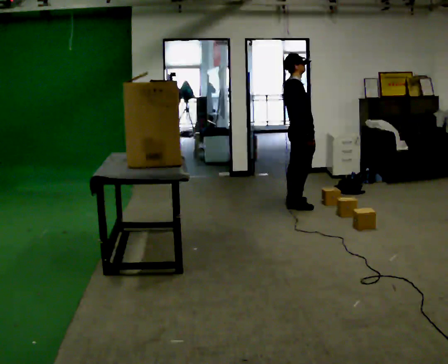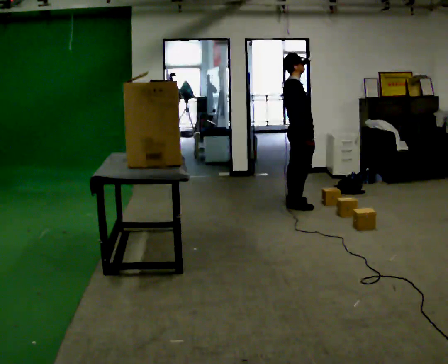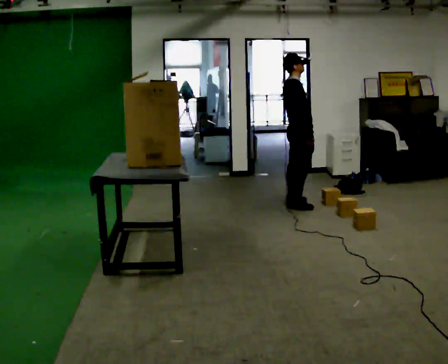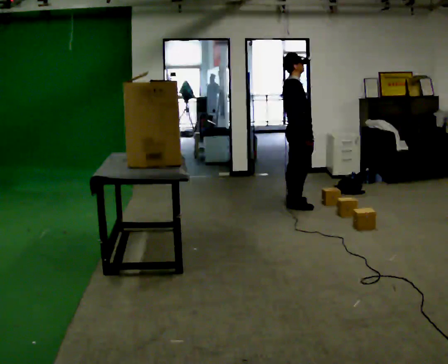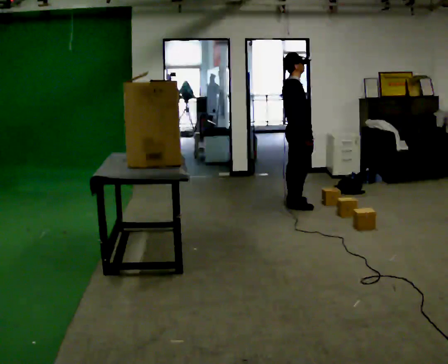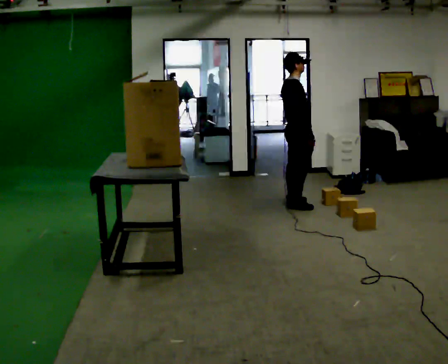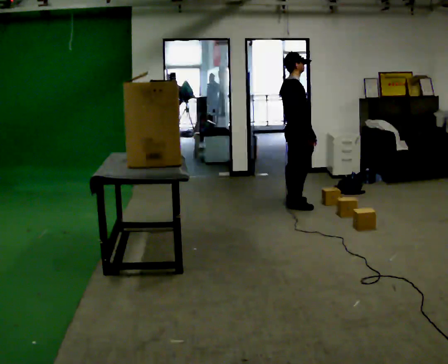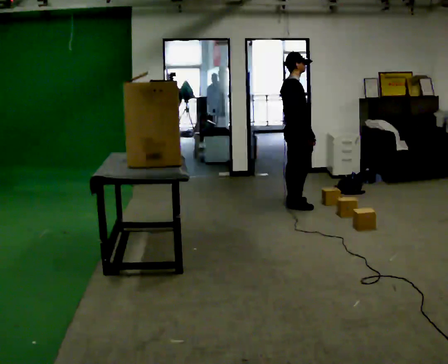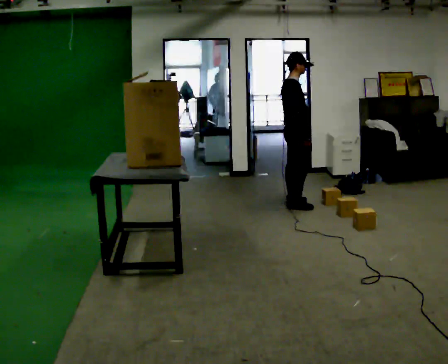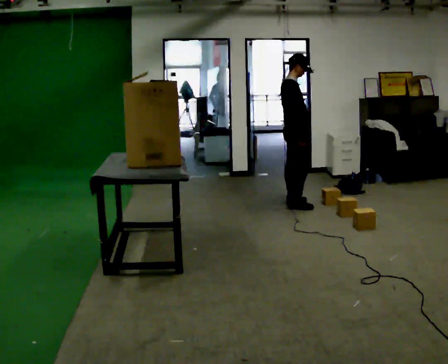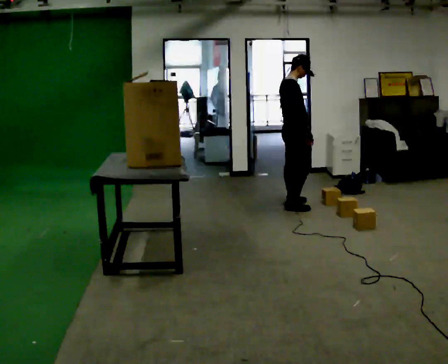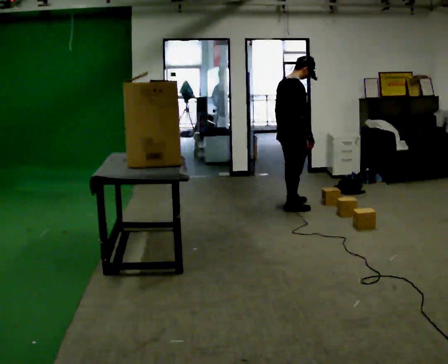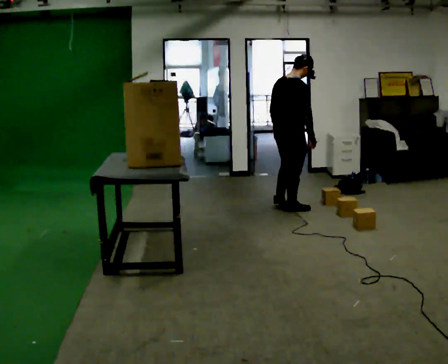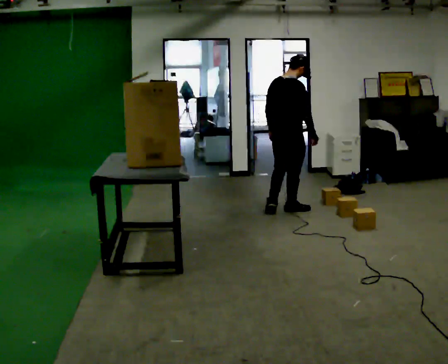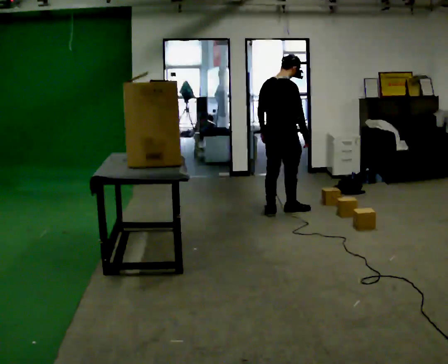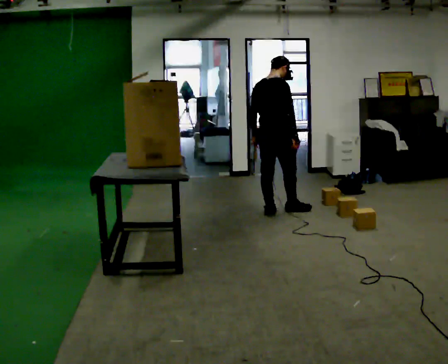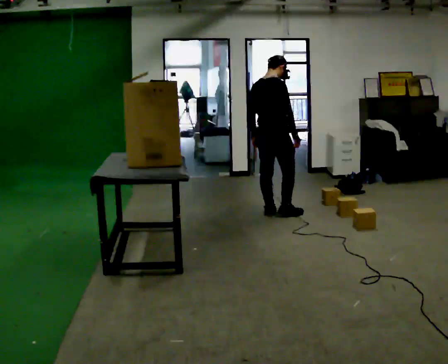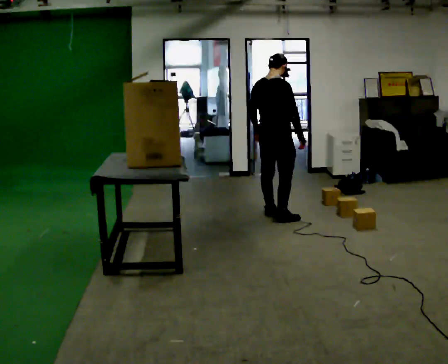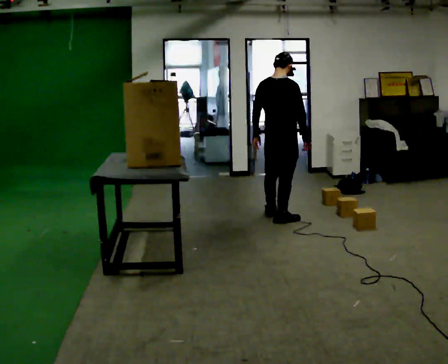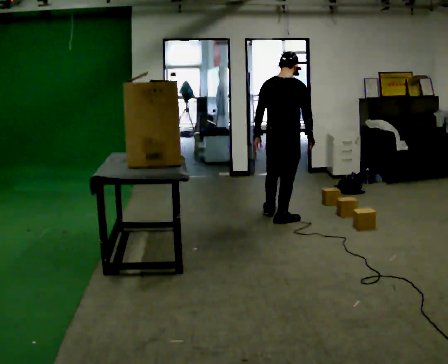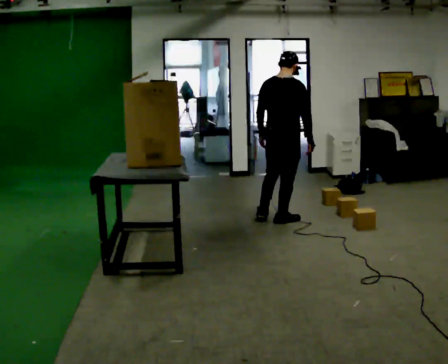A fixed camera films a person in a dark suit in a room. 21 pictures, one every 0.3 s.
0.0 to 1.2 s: The person keeps their place and pose.
1.2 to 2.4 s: The person moves a little, or ends about where they began.
2.4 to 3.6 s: Seen from above the body turns counterclockwise, about 30 degrees: to their left, with its near side sliding to the right. In the picture they go toward the camera, about 0.25 m in 1 step, which for them is to their right and backward.
3.6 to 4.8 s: In the picture they go to the left and toward the camera, about 0.25 m in 1 step, which for them is backward.
4.8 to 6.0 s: In the picture they go toward the camera, about 0.25 m in 1 step, which for them is backward and to their right.
The film runs backward here.
